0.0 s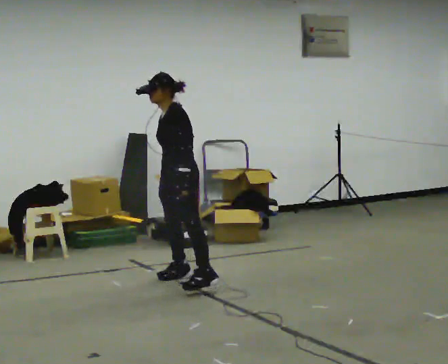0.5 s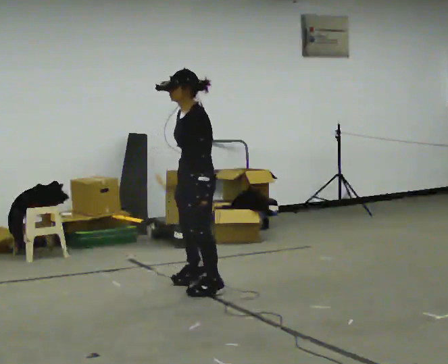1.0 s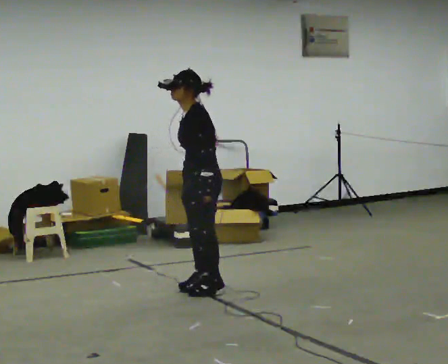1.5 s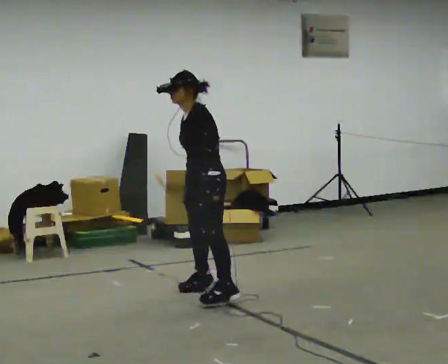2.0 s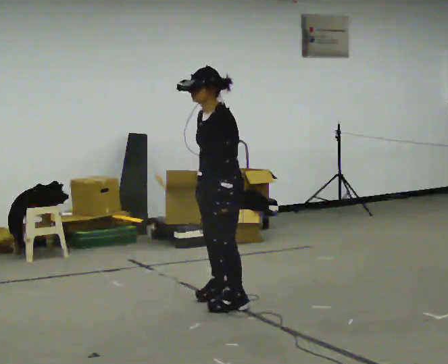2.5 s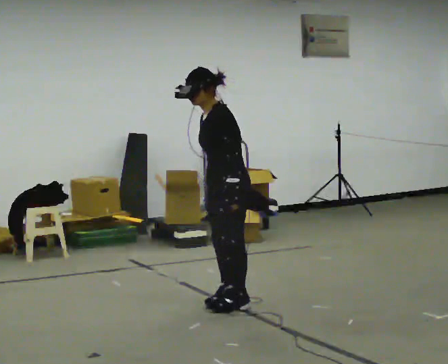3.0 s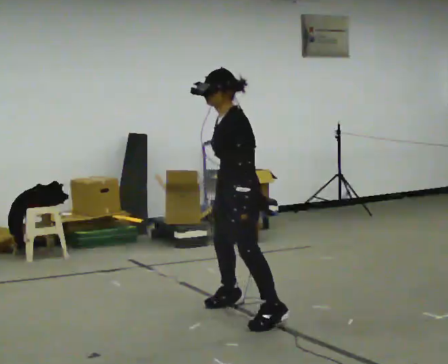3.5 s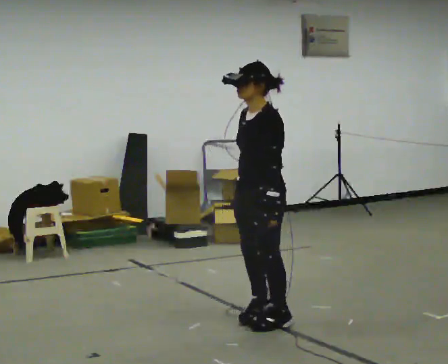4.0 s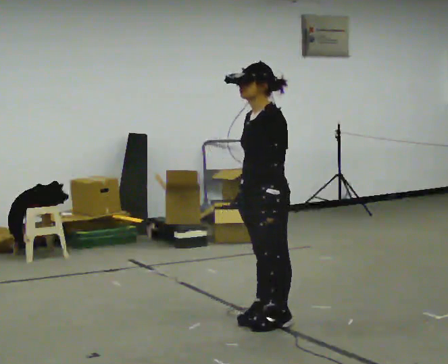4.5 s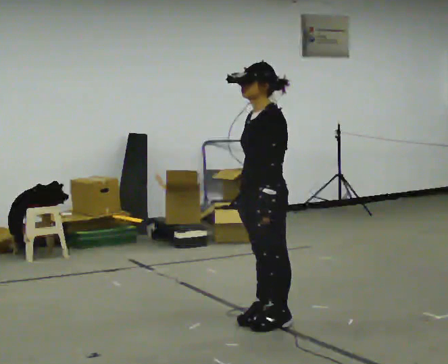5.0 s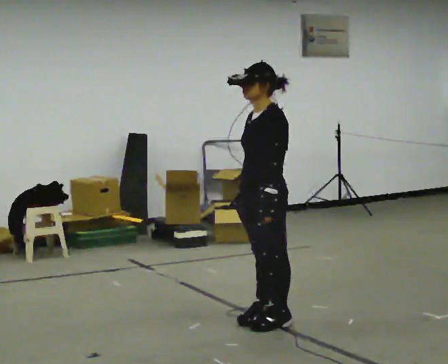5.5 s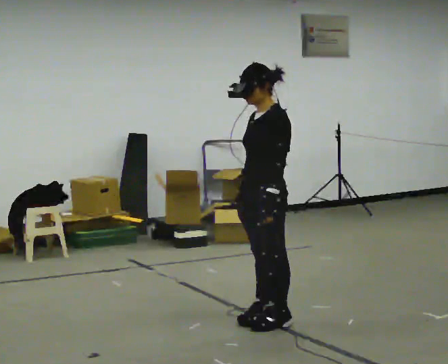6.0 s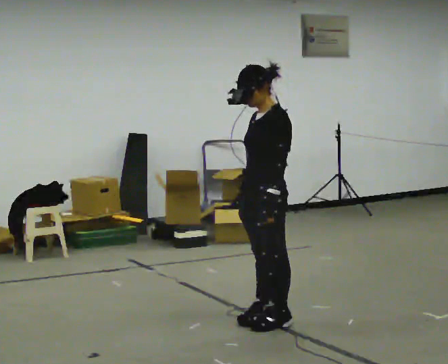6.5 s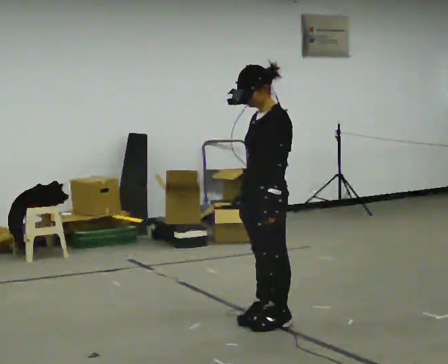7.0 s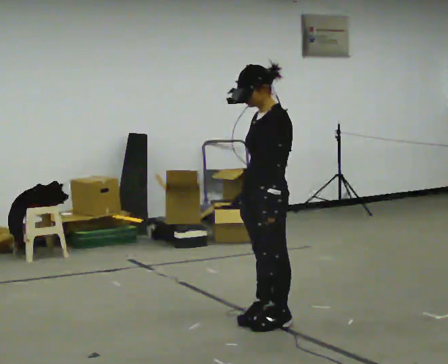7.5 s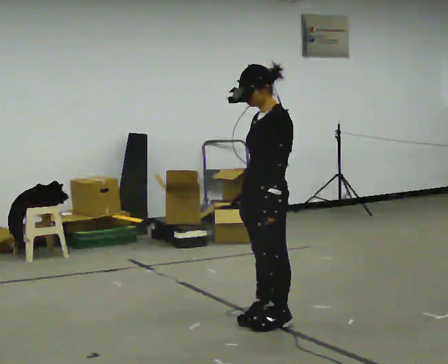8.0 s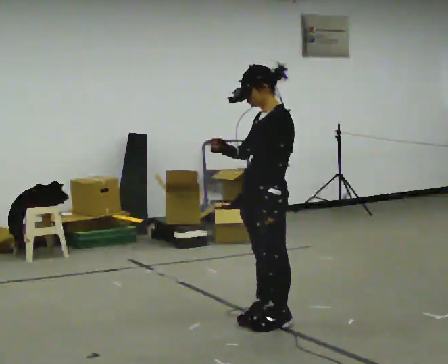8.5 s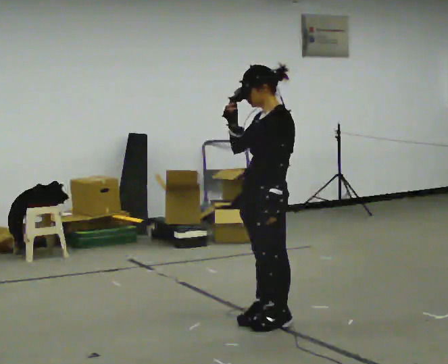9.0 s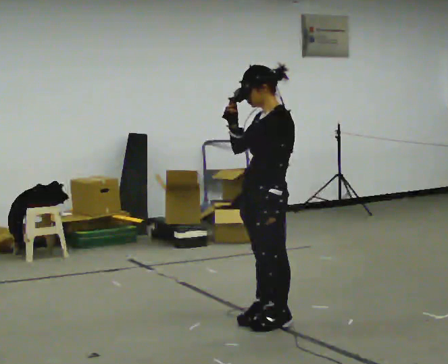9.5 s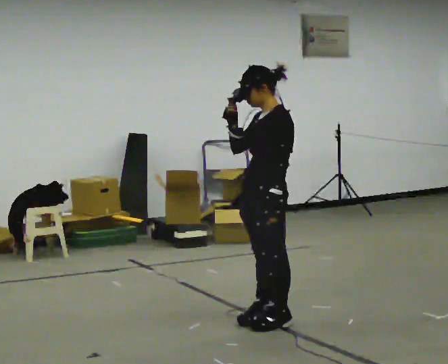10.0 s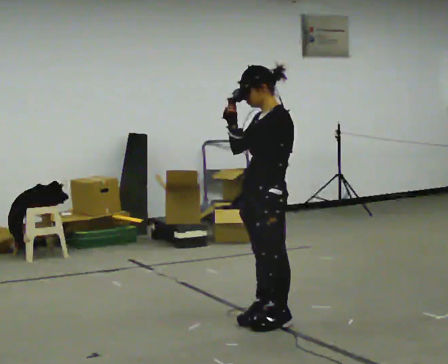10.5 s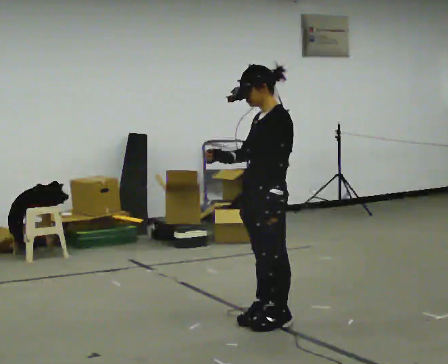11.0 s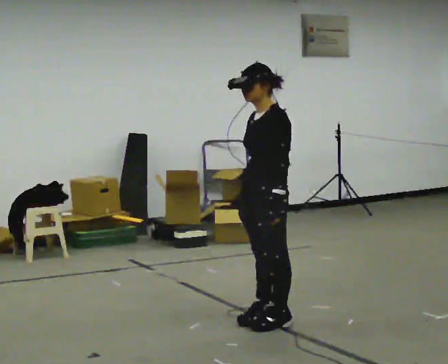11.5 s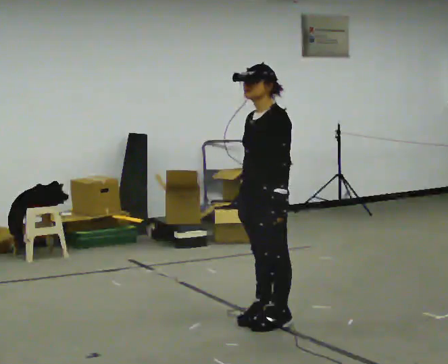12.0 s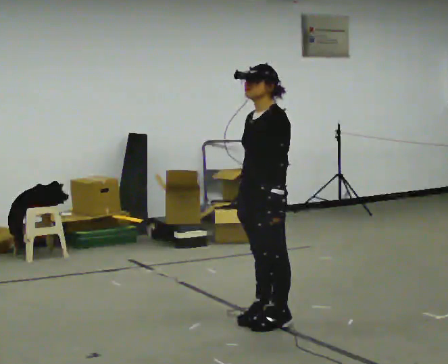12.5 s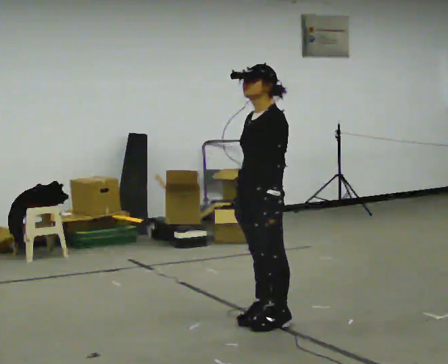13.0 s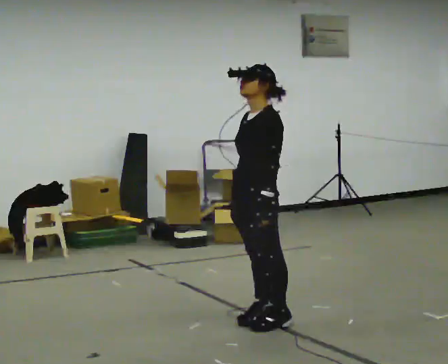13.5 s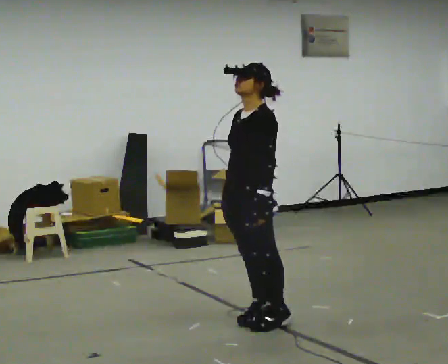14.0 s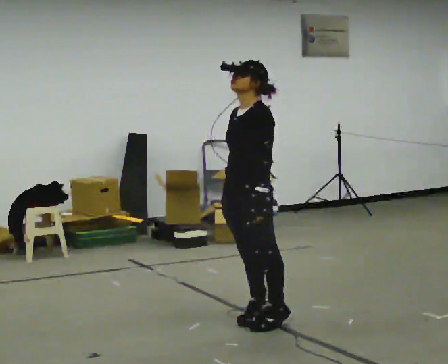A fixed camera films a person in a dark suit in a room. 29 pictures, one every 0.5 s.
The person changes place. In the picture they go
toward the camera.
0.0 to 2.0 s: In the picture they go toward the camera and to the right, about 0.75 m in 3 steps, which for them is to their left.
2.0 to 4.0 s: In the picture they go toward the camera and to the right, about 0.5 m in 3 steps, which for them is to their left.
4.0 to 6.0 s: The person moves a little, or ends about where they began.
6.0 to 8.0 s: In the picture their right hand goes upward, the arm swinging clockwise.
8.0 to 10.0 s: The person moves a little, or ends about where they began.
10.0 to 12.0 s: In the picture their right hand goes downward.
12.0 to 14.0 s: The person moves a little, or ends about where they began.
The film runs forward here.
